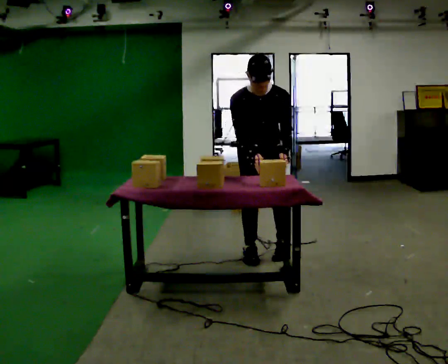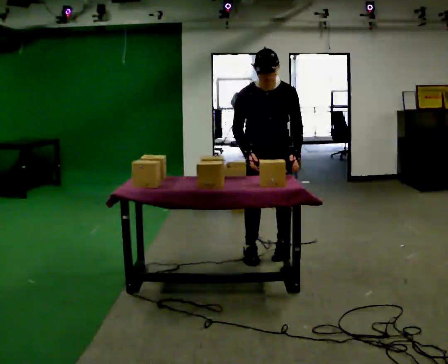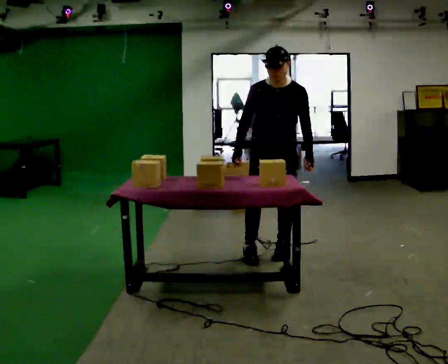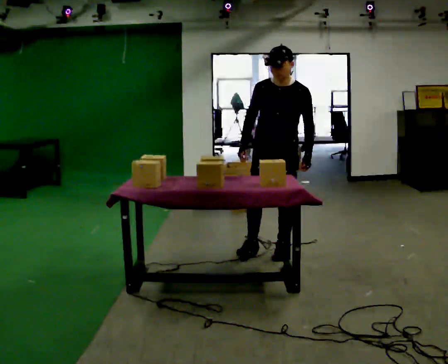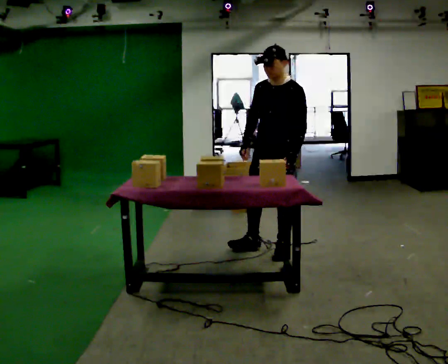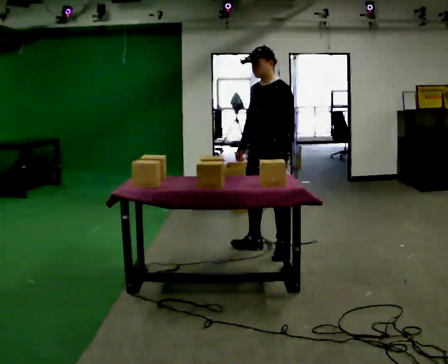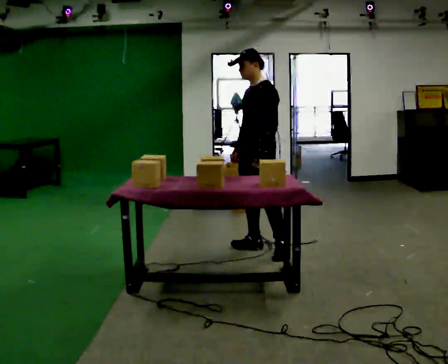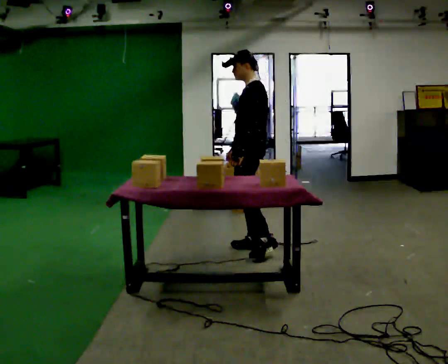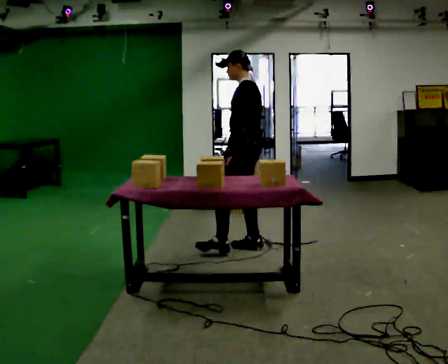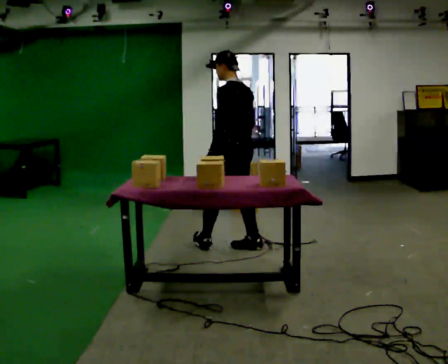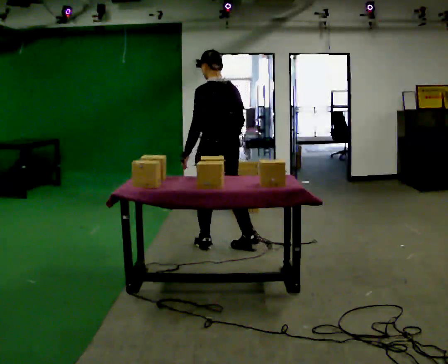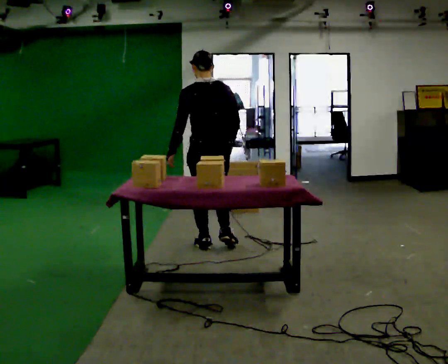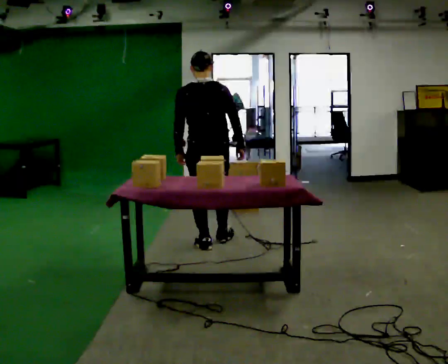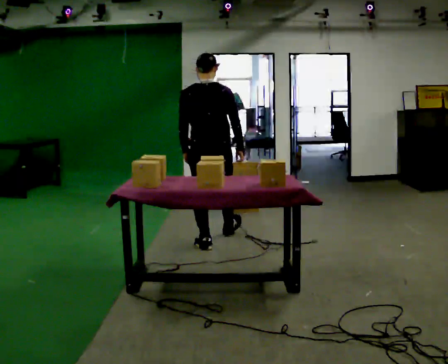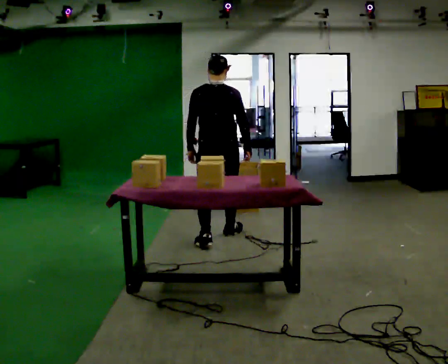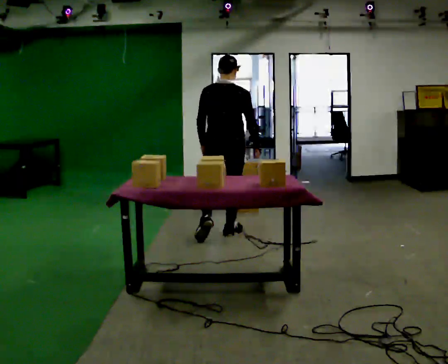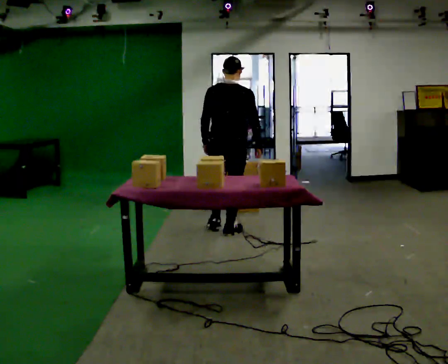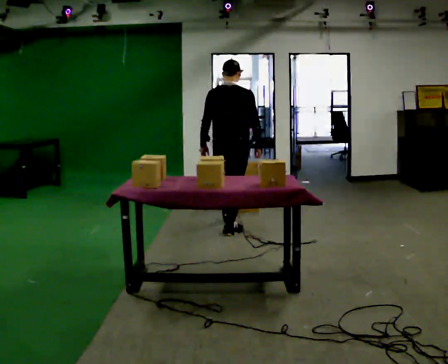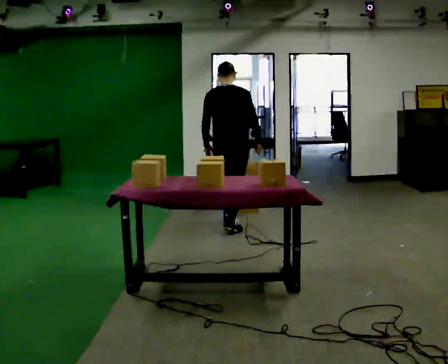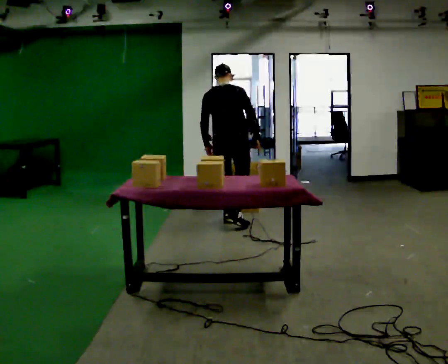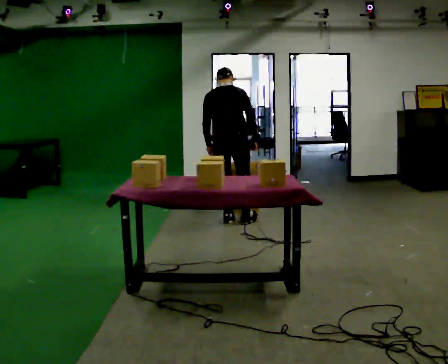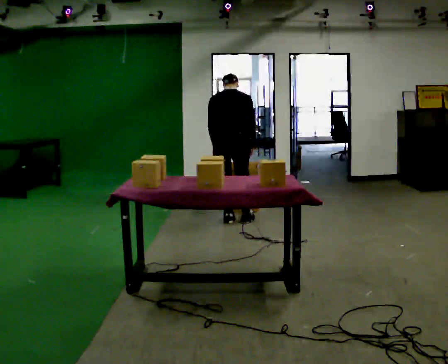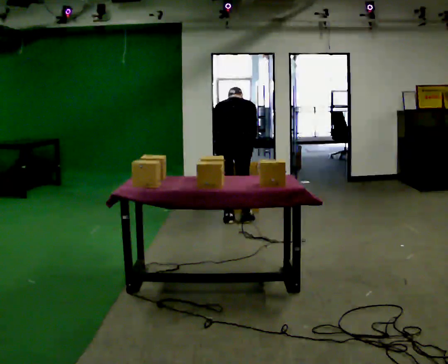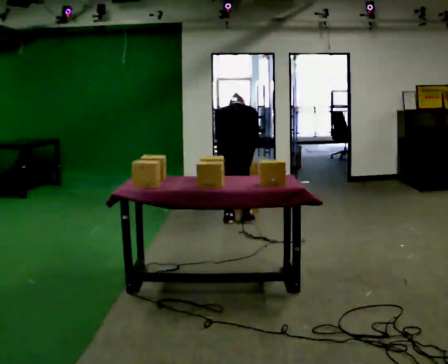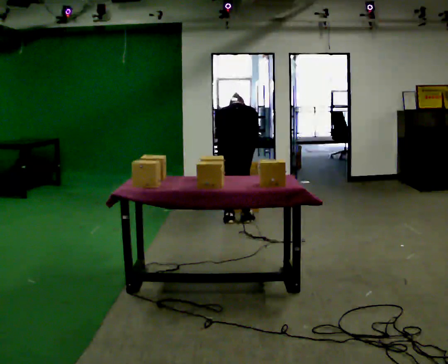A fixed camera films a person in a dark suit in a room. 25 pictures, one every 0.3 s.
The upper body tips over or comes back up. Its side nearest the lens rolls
upward.
The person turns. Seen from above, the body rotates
clockwise.
0.0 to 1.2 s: The person turns about 45 degrees to their right, clockwise seen from above, so the part of the body nearest the lens slides to the left. In the picture they go to the right, about 0.25 m, which for them is to their left. The upper body tips away from the camera, its near side rolling upward, as they lean back or straighten.
1.2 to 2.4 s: The person turns about 60 degrees to their right, clockwise seen from above, so the part of the body nearest the lens slides to the left. In the picture they go to the left, about 0.25 m.
2.4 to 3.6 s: The part of the body nearest the lens slides to the left as the person turns to their right by about 75 degrees. In the picture they go to the left, about 0.25 m in 1 step.
3.6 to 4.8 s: In the picture they go away from the camera, about 0.5 m in 1 step, which for them is forward.
4.8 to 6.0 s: In the picture they go away from the camera, about 0.5 m in 1 step, which for them is forward. The upper body tips away from the camera, its near side rolling upward, as they bend forward.
6.0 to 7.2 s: The upper body goes downward. The upper body tips away from the camera, its near side rolling upward, as they bend forward.
The film runs forward here.
